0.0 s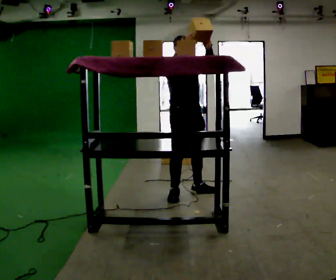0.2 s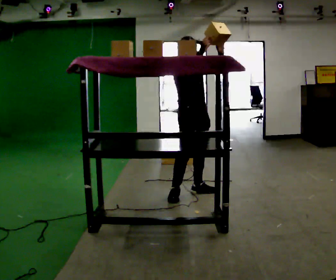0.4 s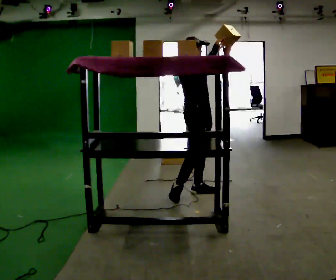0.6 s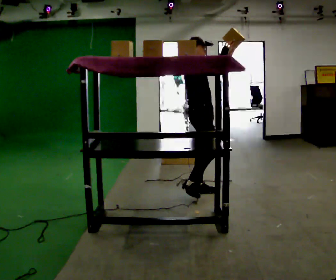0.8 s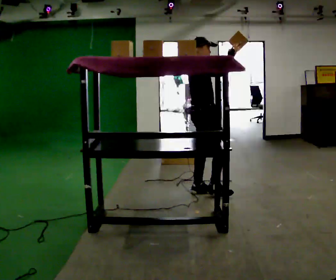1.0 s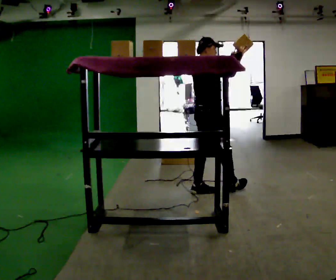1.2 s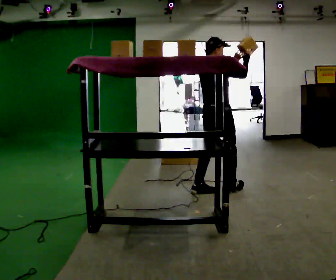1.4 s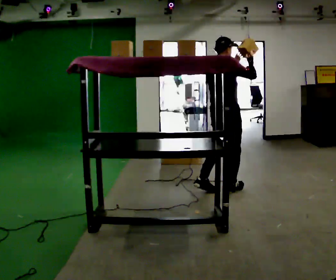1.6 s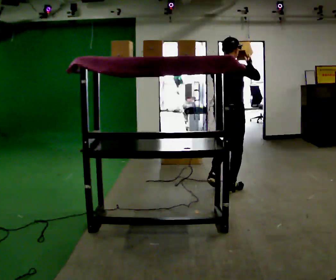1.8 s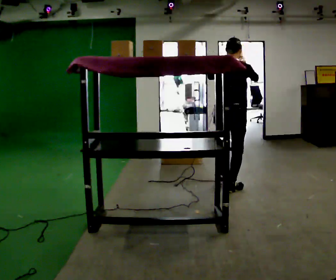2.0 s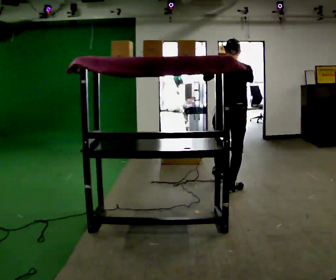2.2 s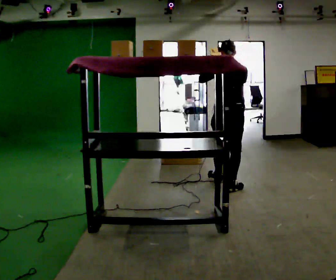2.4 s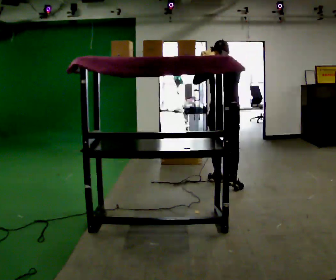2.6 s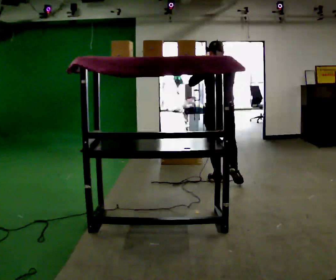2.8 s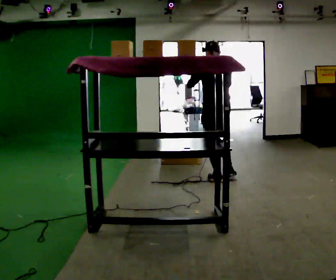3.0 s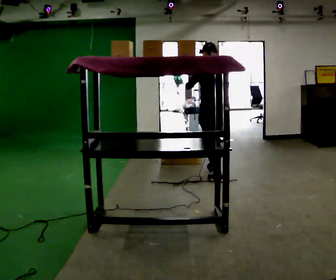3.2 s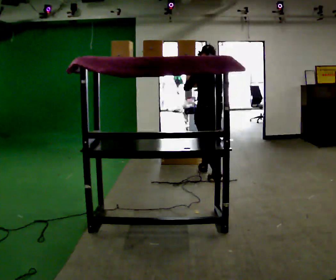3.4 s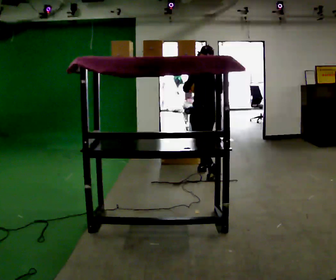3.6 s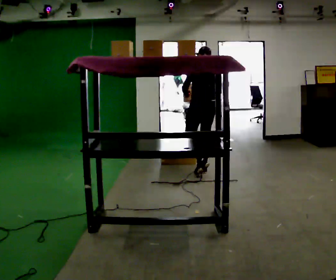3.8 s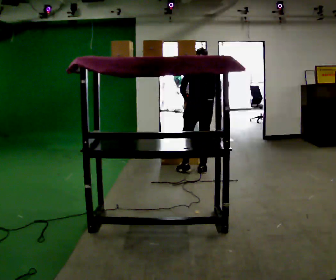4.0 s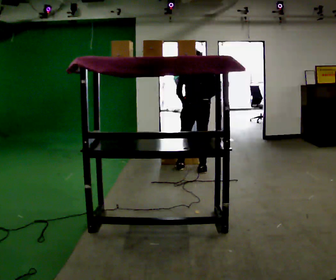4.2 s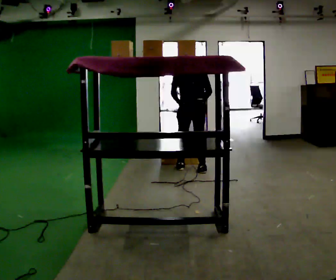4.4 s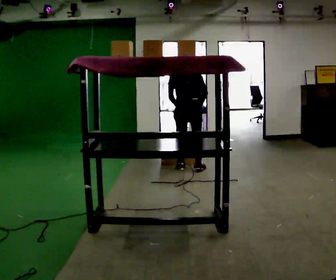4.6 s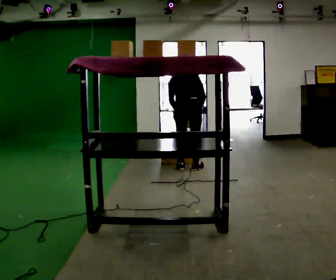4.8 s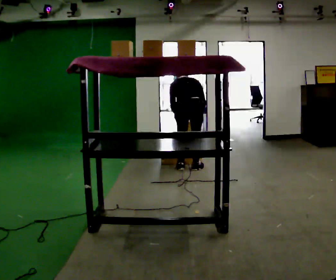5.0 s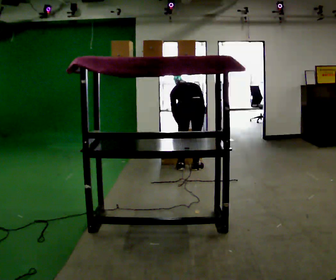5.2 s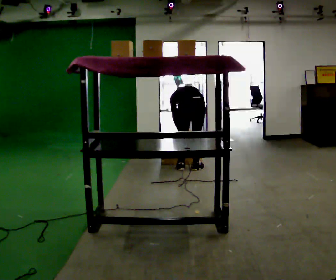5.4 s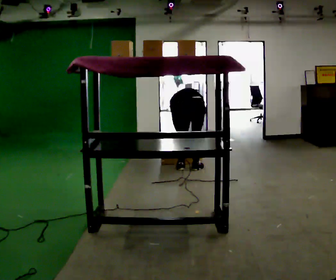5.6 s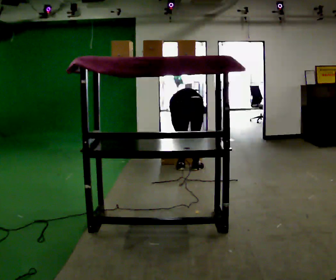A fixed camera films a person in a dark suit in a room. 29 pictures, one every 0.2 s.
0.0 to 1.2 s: The person turns about 75 degrees to their left, counterclockwise seen from above, so the part of the body nearest the lens slides to the right. In the picture they go to the right, about 0.25 m in 1 step.
1.2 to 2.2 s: The part of the body nearest the lens slides to the right as the person turns to their left by about 60 degrees. In the picture they go away from the camera, about 0.25 m in 1 step.
2.2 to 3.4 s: The person turns about 30 degrees to their left, counterclockwise seen from above, so the part of the body nearest the lens slides to the right. In the picture they go away from the camera and to the left, about 0.75 m in 1 step, which for them is forward.
3.4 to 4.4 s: The person turns about 30 degrees to their right, clockwise seen from above, so the part of the body nearest the lens slides to the left. In the picture they go to the left and away from the camera, about 0.25 m in 1 step, which for them is forward and to their left. The upper body tips away from the camera, its near side rolling upward, as they bend forward.
4.4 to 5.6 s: The upper body goes downward. The upper body tips away from the camera, its near side rolling upward, as they bend forward. In the picture their left hand goes downward.
The film runs forward here.
